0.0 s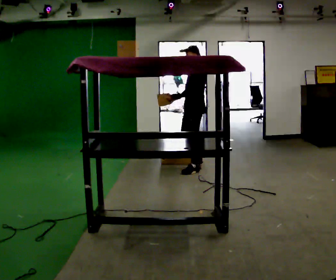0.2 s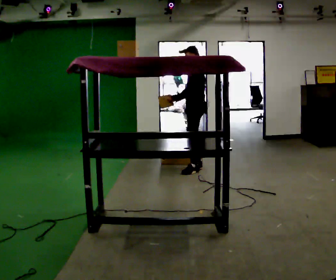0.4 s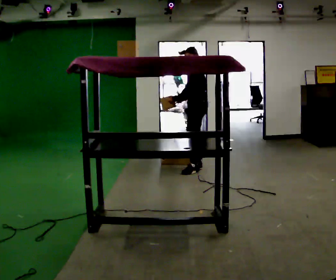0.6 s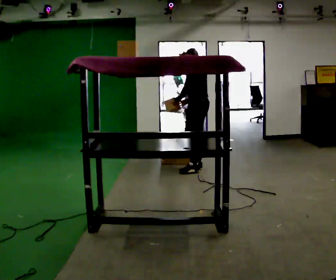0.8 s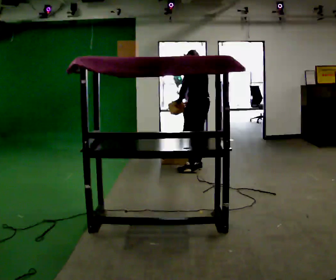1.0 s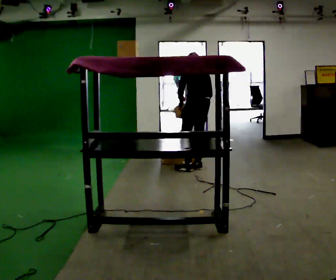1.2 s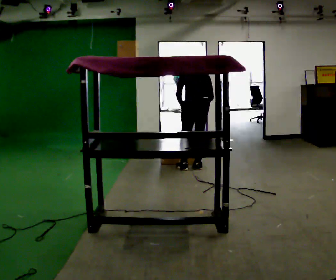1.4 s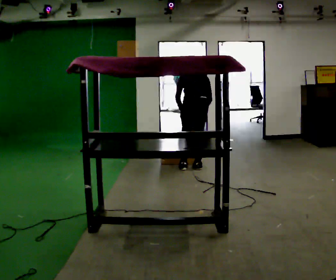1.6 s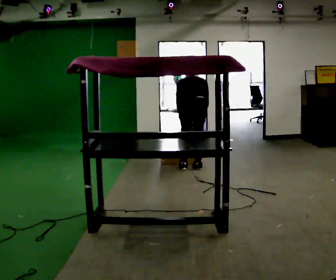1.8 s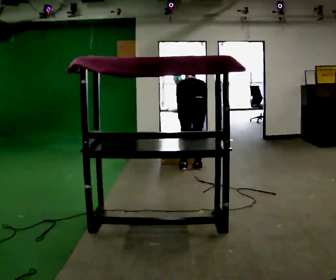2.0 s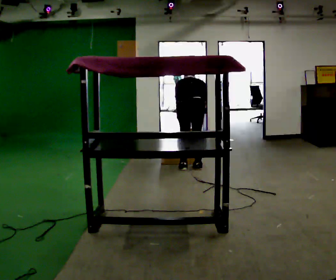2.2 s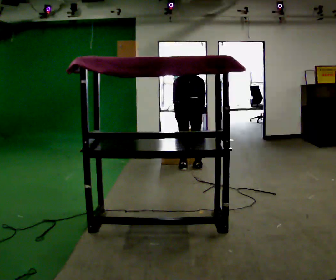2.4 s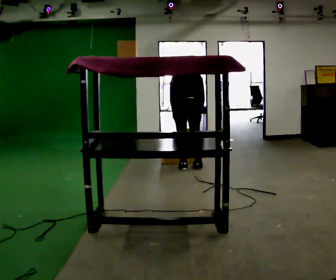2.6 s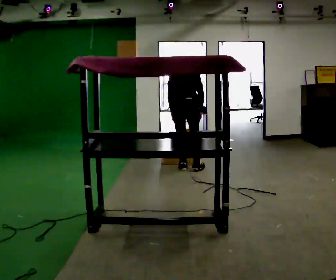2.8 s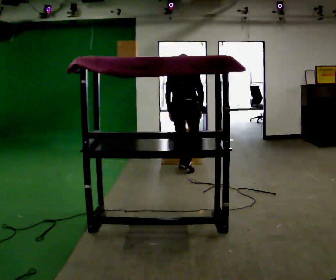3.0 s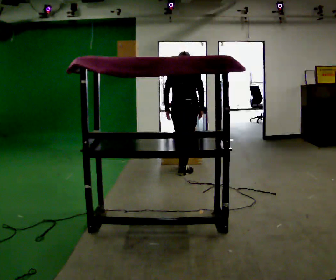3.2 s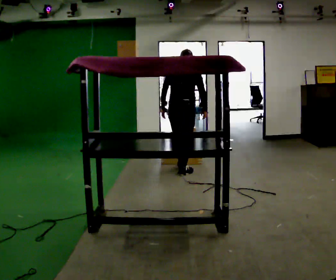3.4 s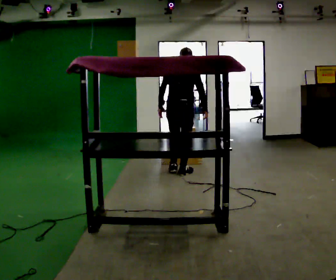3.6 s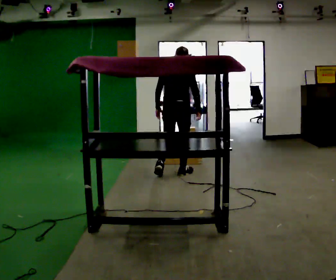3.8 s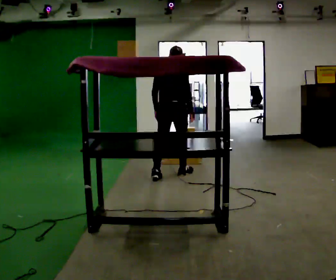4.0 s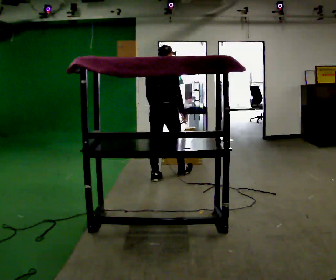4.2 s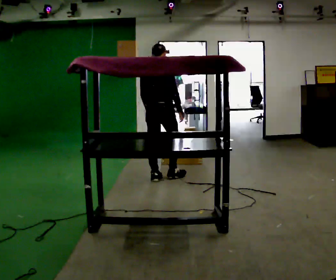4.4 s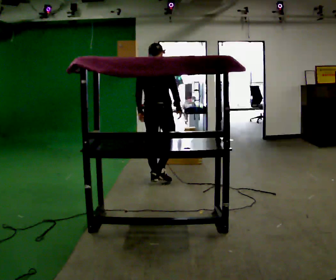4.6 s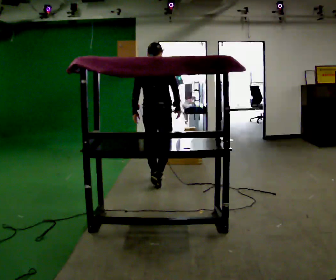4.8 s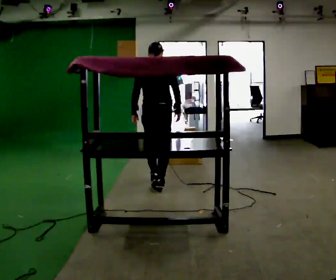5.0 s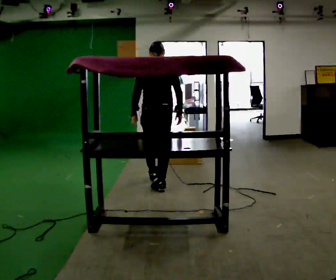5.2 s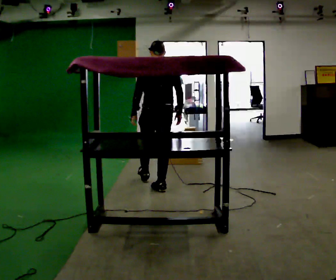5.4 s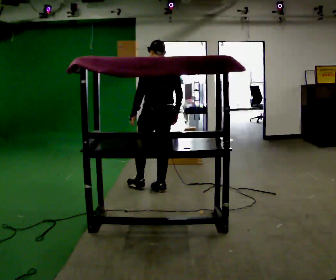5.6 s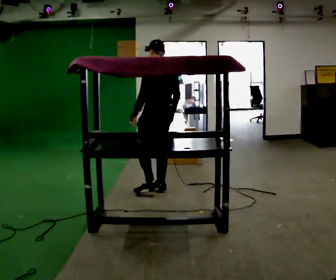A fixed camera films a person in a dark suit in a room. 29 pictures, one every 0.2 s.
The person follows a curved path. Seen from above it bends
counterclockwise.
0.0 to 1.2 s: The part of the body nearest the lens slides to the left as the person turns to their right by about 75 degrees. The upper body tips away from the camera, its near side rolling upward, as they bend forward. In the picture their right hand goes to the right.
1.2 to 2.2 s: Seen from above the body turns clockwise, about 30 degrees: to their right, with its near side sliding to the left.
2.2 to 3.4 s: In the picture they go toward the camera, about 0.25 m in 2 steps, which for them is backward. The shoulders move upward. The upper body tips toward the camera, its near side rolling downward, as they lean back or straighten.
3.4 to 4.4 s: In the picture they go toward the camera and to the left, about 0.5 m in 1 step, which for them is backward.
4.4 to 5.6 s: Seen from above the body turns counterclockwise, about 60 degrees: to their left, with its near side sliding to the right. In the picture they go toward the camera, about 0.5 m in 1 step.
The film runs backward here.
